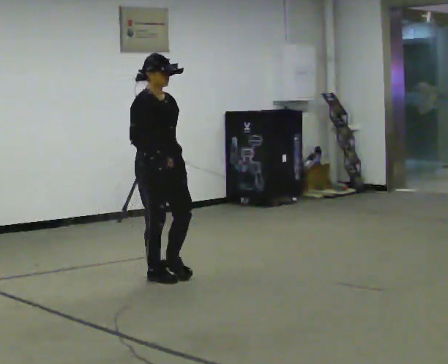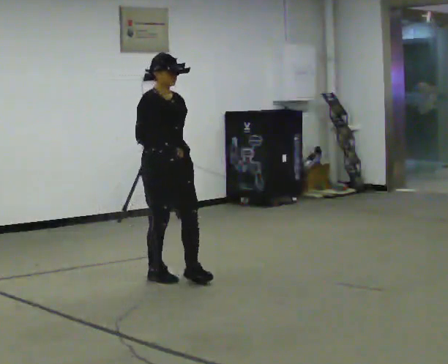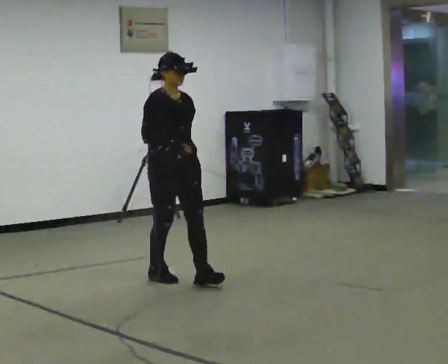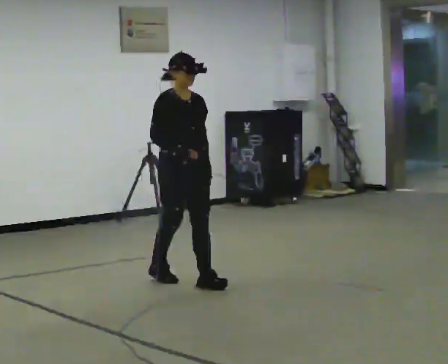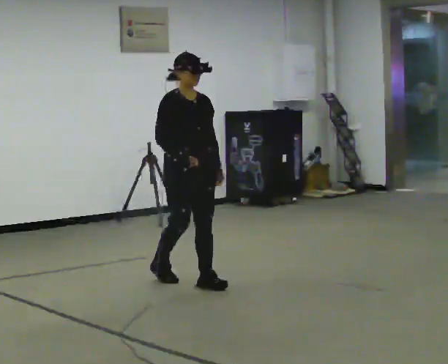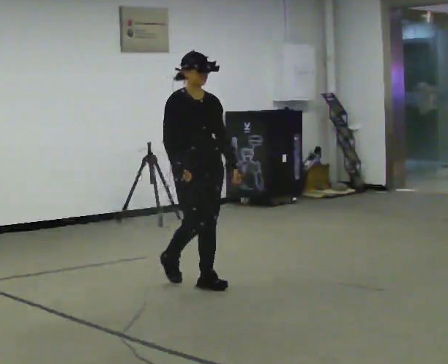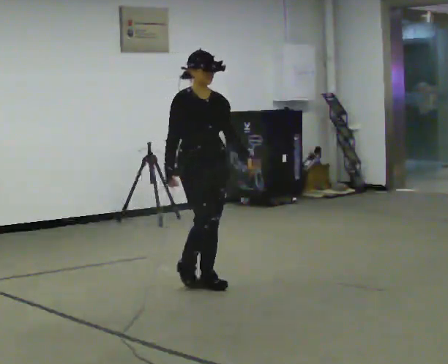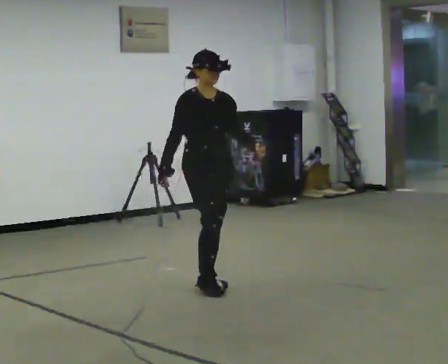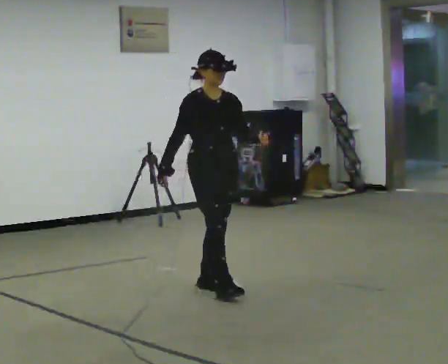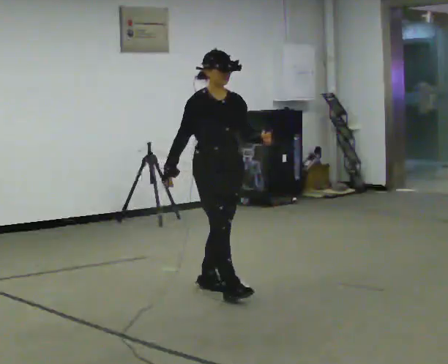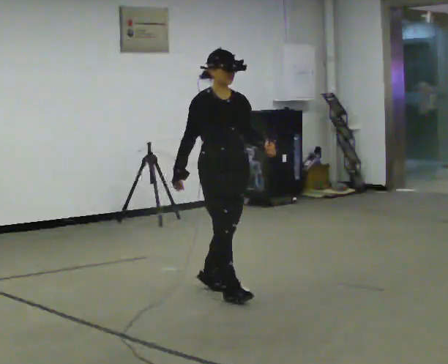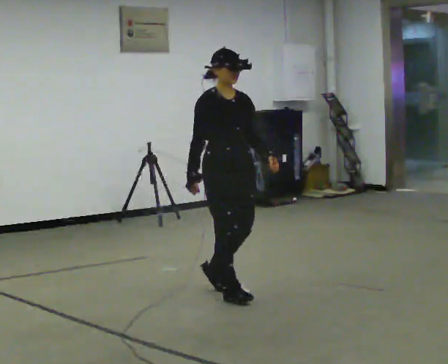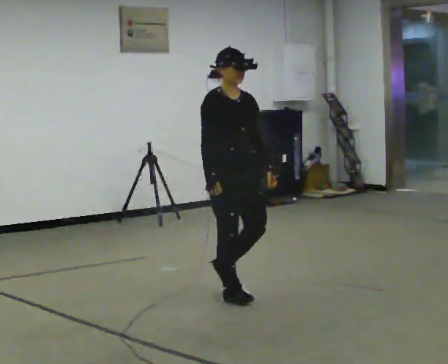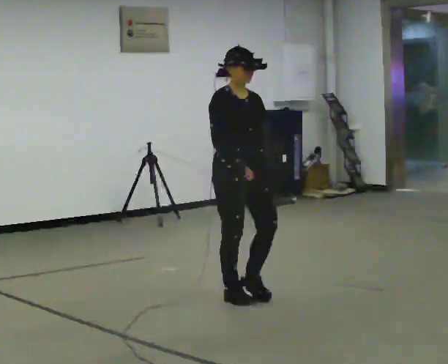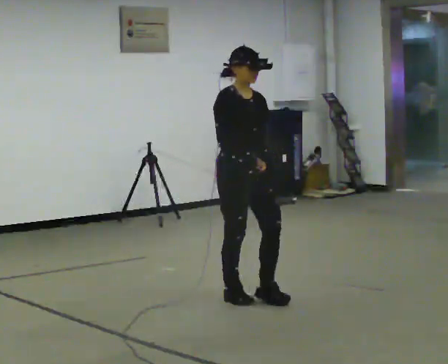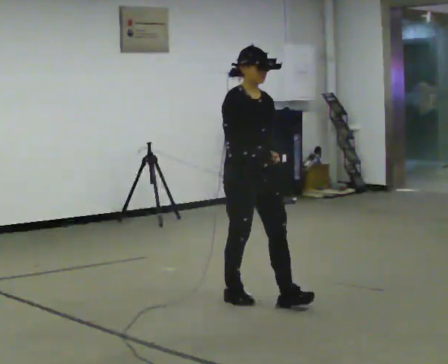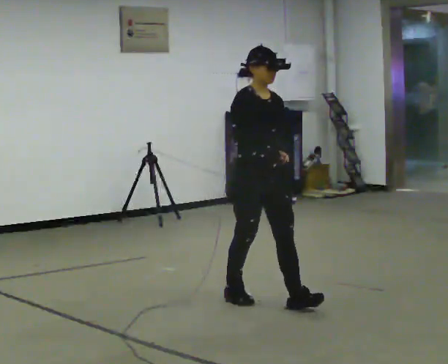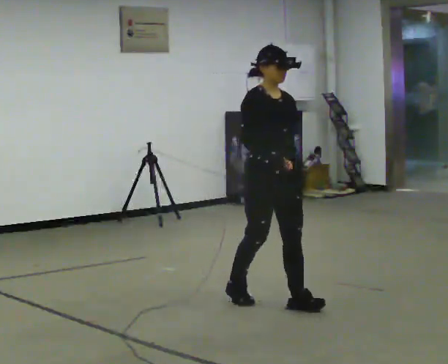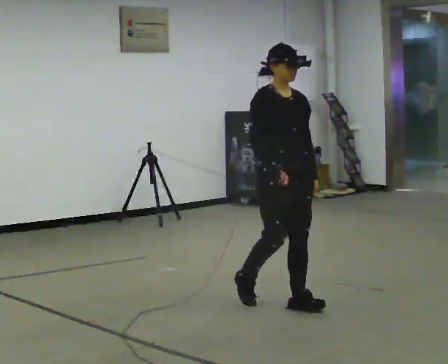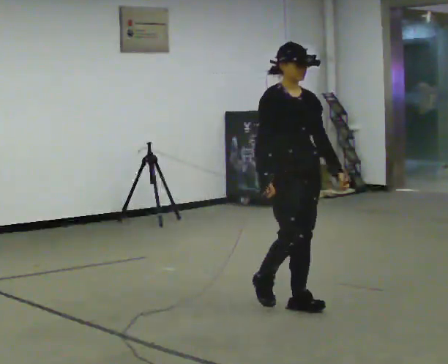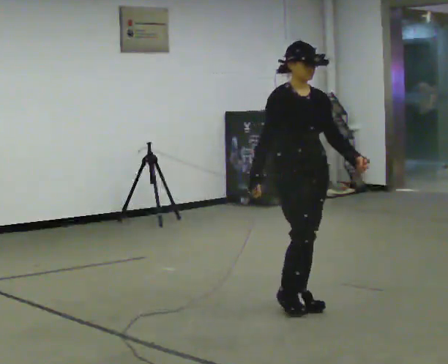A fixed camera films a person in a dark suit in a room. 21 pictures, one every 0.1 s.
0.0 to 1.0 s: In the picture they go to the right and toward the camera, about 0.5 m in 2 steps, which for them is forward.
1.0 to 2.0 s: In the picture they go toward the camera and to the right, about 0.75 m in 1 step, which for them is forward.
The film runs forward here.
